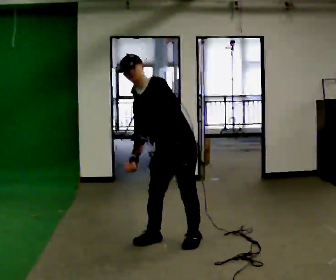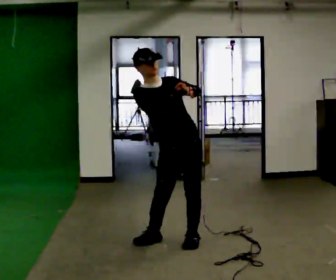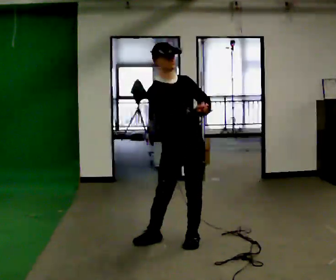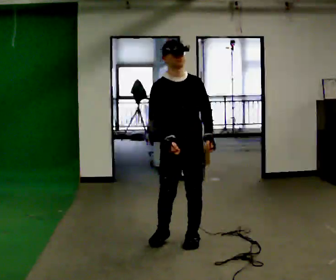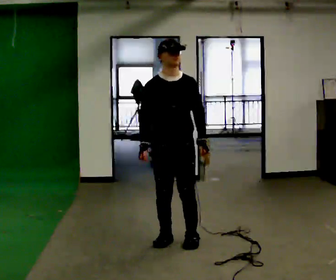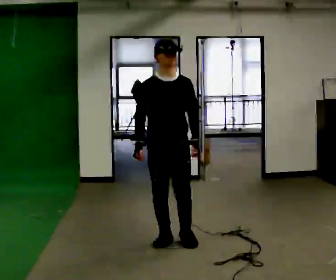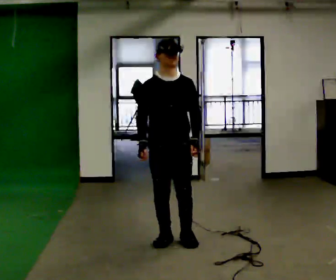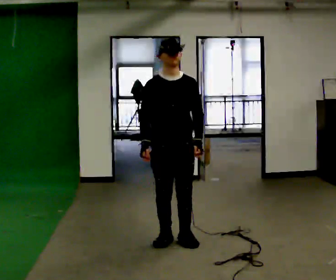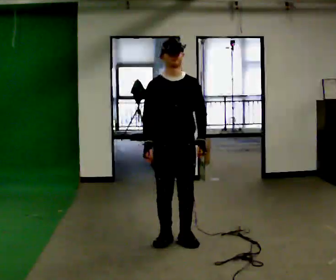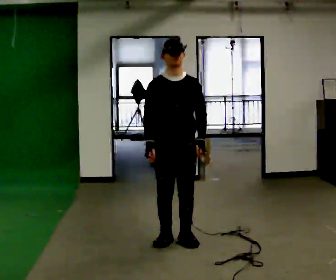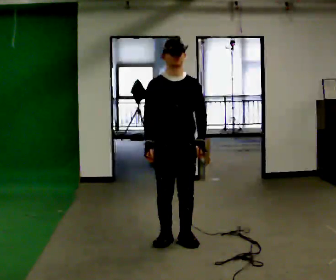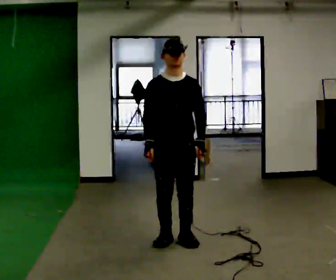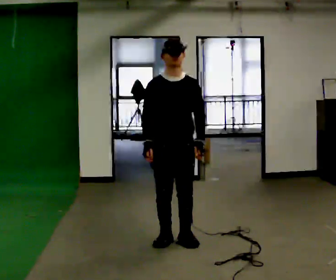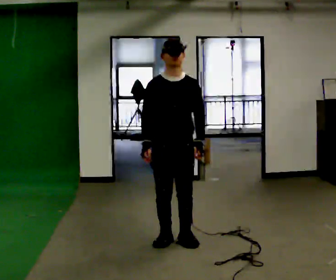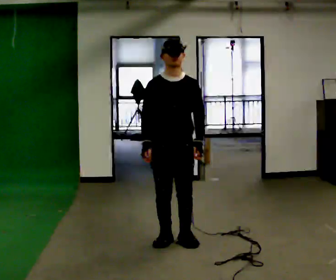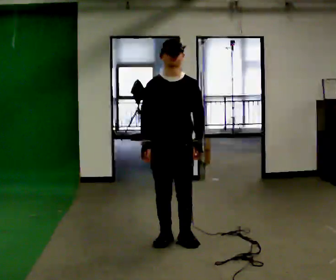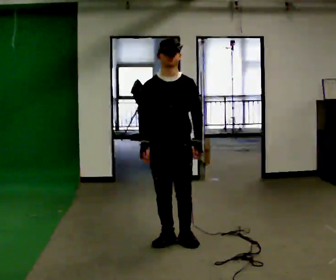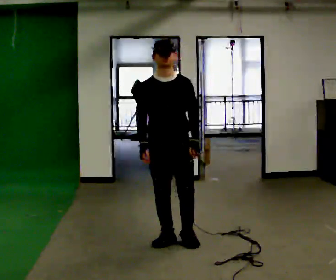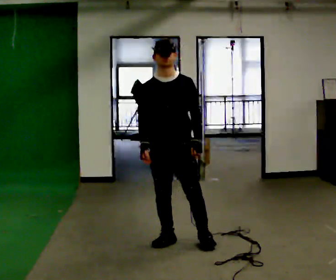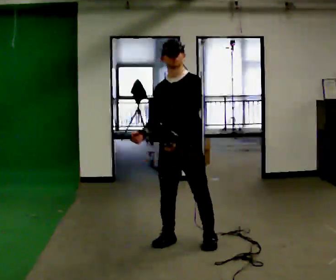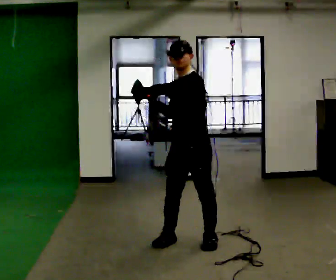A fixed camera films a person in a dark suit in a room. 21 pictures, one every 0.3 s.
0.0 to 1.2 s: The part of the body nearest the lens slides to the right as the person turns to their left by about 45 degrees. In the picture the upper body tilts clockwise, shoulders to the right. In the picture their left hand goes to the right.
1.2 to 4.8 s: The person moves a little, or ends about where they began.
4.8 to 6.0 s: The part of the body nearest the lens slides to the left as the person turns to their right by about 45 degrees. In the picture they go to the right, about 0.25 m in 1 step, which for them is to their left. In the picture their left hand goes upward and to the left, the arm swinging clockwise.
The film runs forward here.
